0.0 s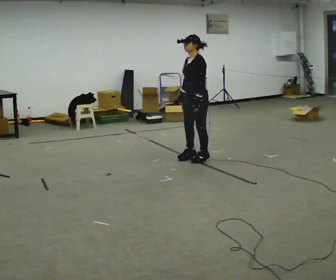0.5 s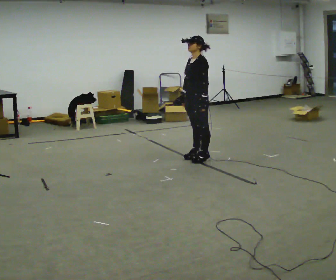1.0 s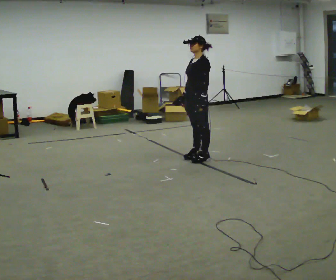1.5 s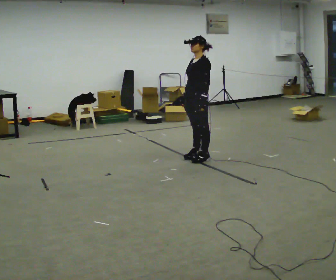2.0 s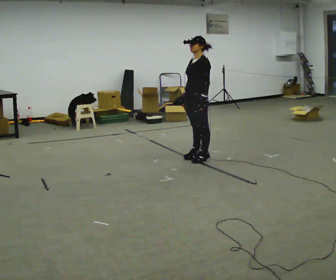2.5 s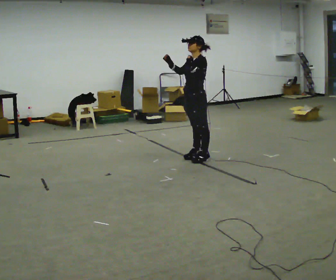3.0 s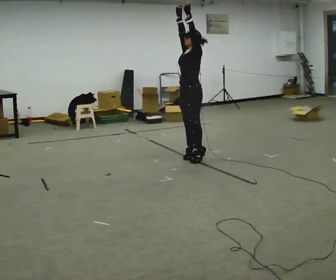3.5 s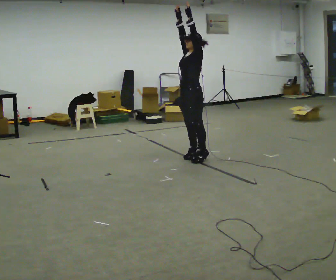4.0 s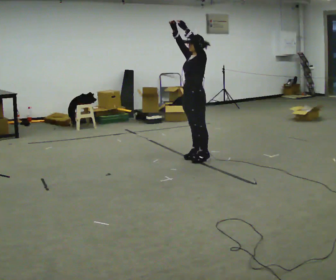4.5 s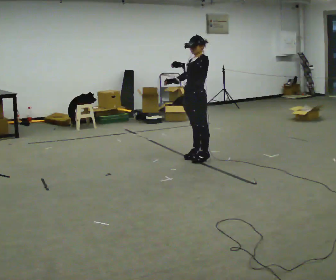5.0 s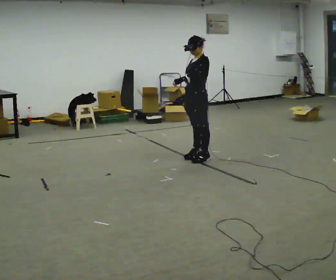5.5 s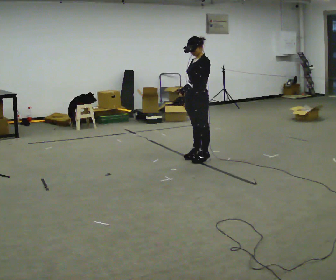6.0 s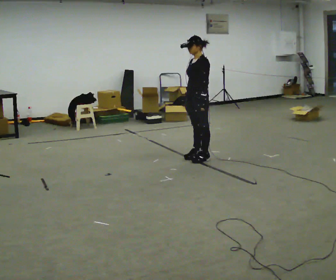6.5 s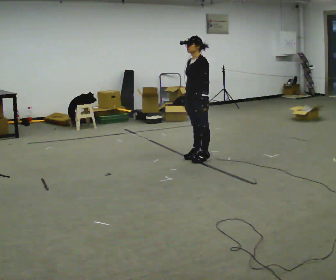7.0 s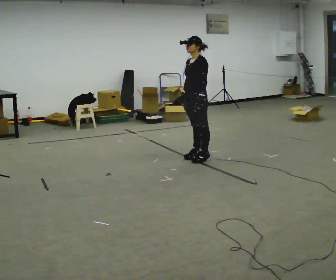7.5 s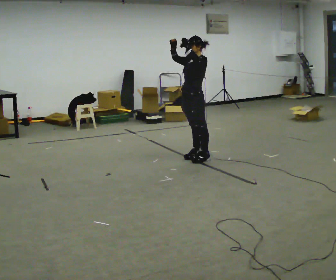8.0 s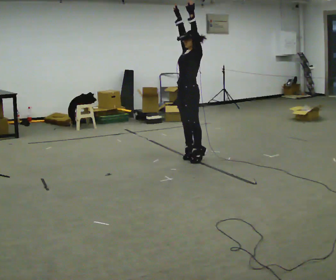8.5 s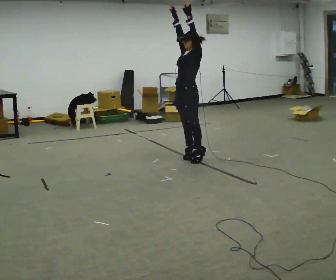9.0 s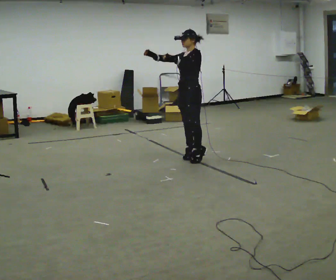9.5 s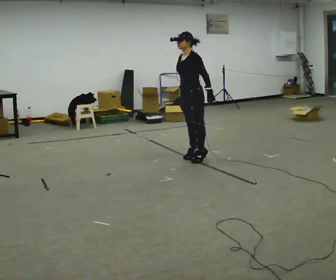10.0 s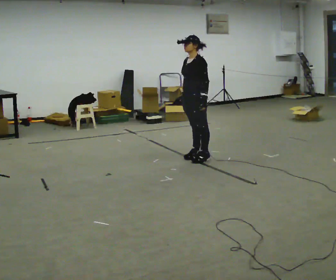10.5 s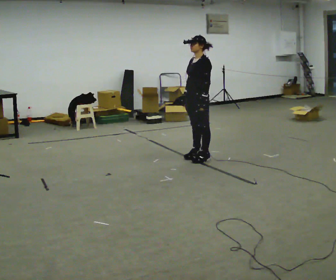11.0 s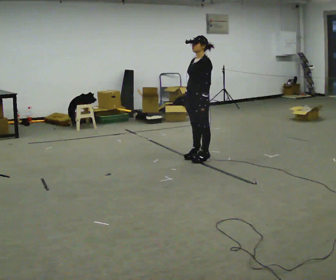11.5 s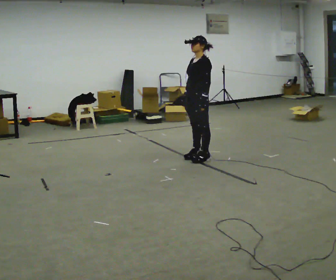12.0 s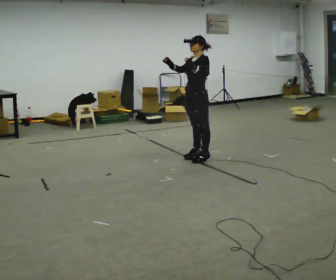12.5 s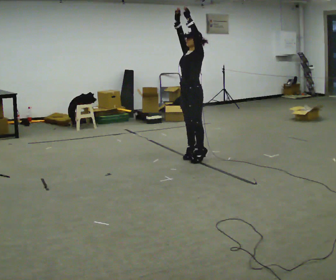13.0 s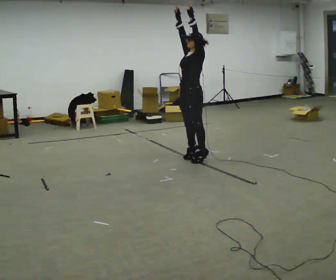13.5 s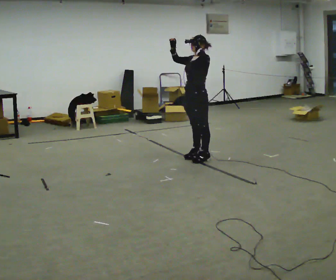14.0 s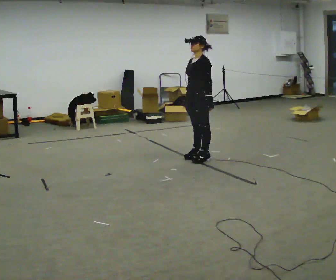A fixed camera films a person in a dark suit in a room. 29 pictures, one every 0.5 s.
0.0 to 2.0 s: The person moves a little, or ends about where they began.
2.0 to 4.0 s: In the picture their right hand goes upward, the arm swinging clockwise.
4.0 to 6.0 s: In the picture their right hand goes downward, the arm swinging counterclockwise.
6.0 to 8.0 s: In the picture their right hand goes upward, the arm swinging clockwise.
8.0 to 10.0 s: In the picture their right hand goes downward, the arm swinging counterclockwise.
10.0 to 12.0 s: In the picture their right hand goes upward, the arm swinging clockwise.
12.0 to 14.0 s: In the picture their right hand goes downward.
The film runs forward here.
